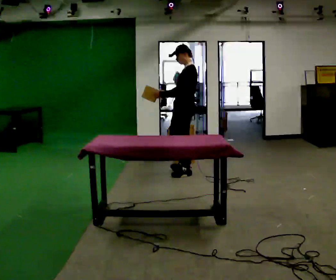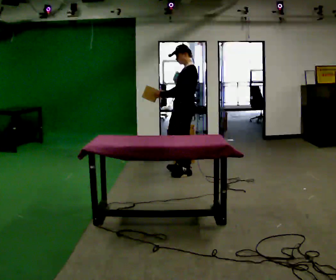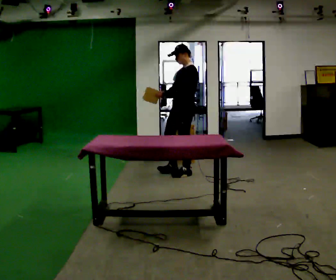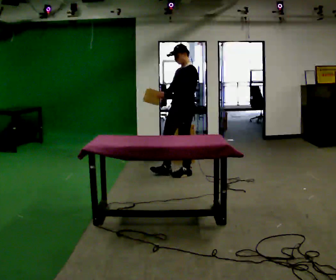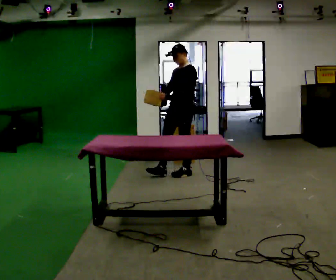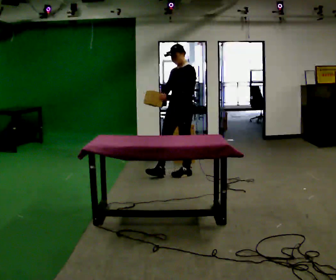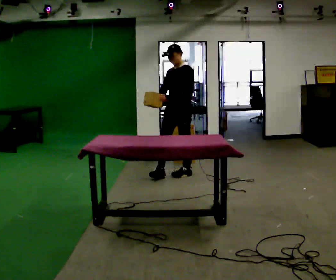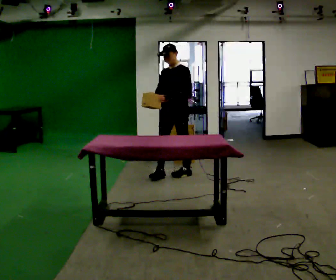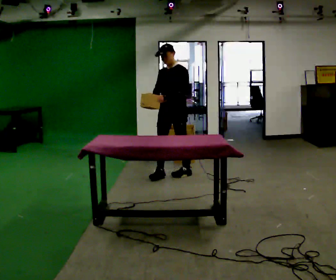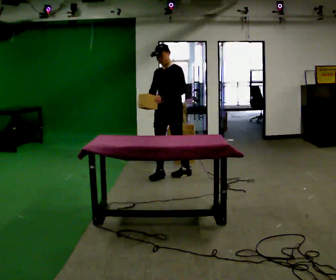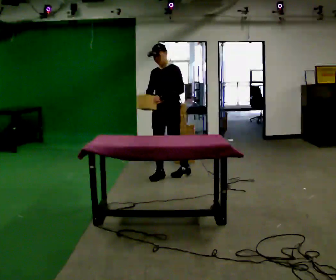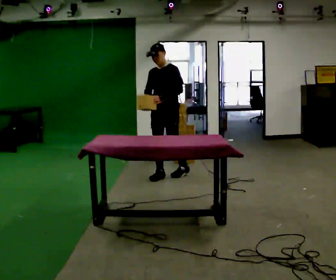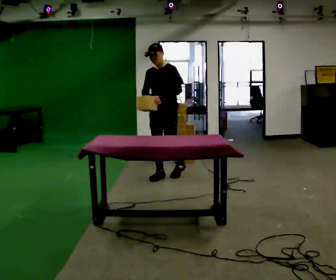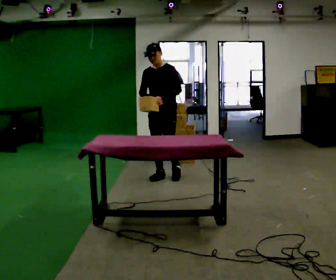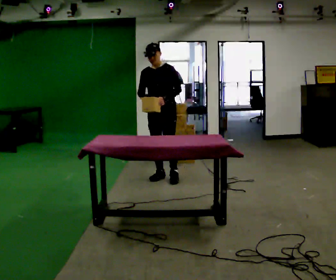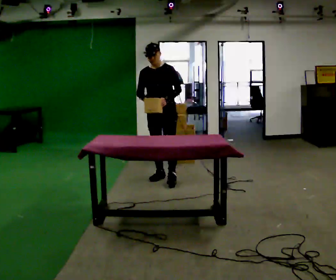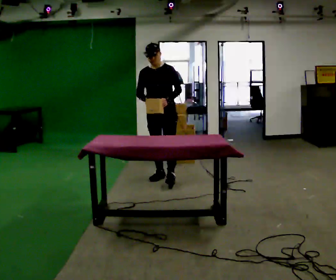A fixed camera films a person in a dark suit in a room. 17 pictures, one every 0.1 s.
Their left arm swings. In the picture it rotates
counterclockwise.
The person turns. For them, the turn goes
to their left.
0.0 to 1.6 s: Seen from above the body turns counterclockwise, about 75 degrees: to their left, with its near side sliding to the right. In the picture they go to the left and toward the camera, about 0.25 m in 1 step. In the picture the upper body tilts counterclockwise, shoulders to the left.
The film runs forward here.
